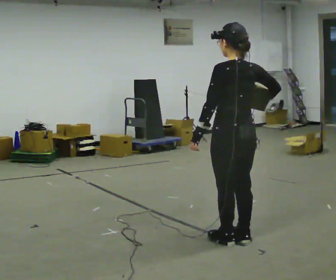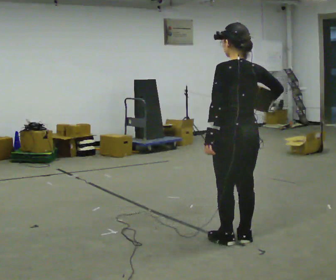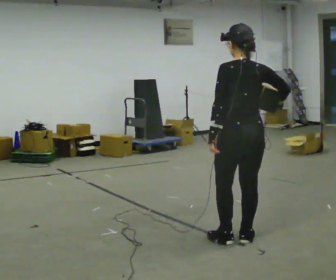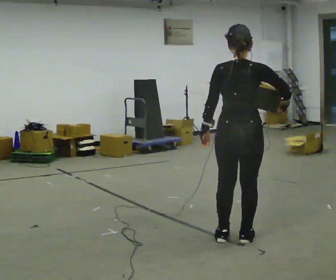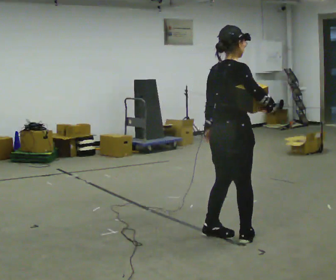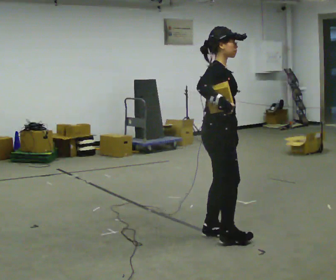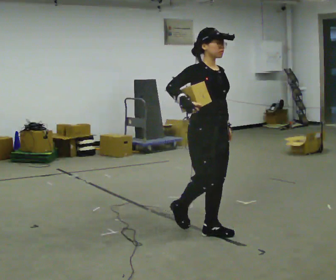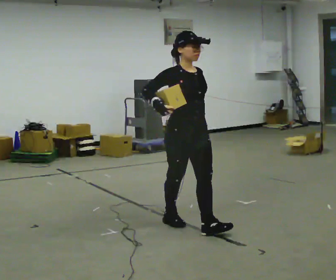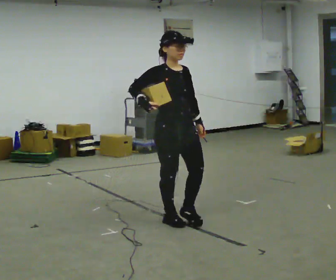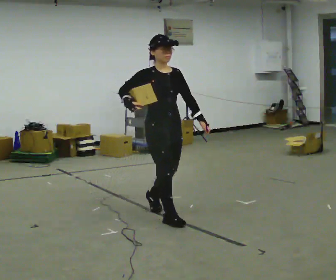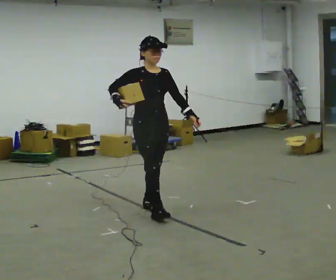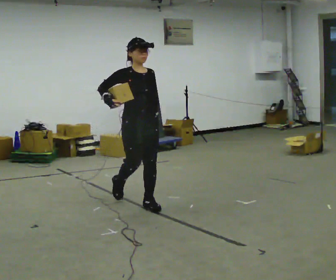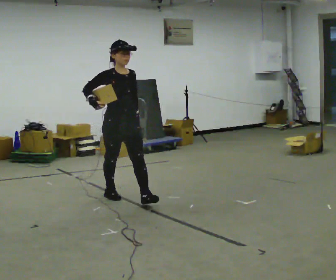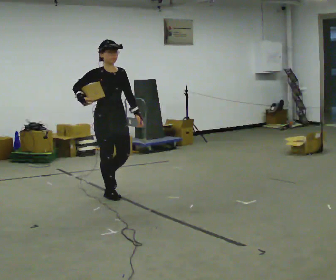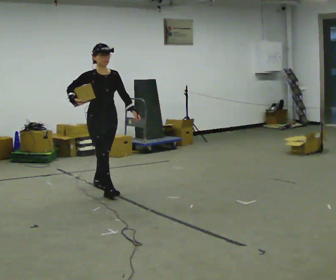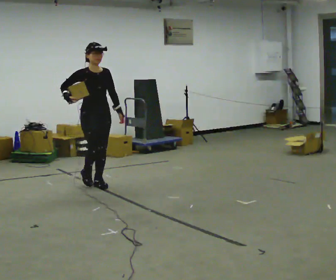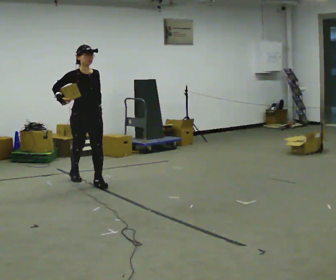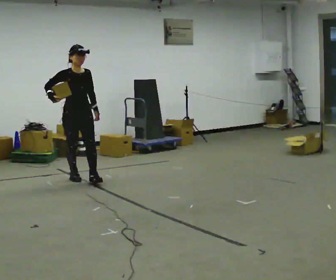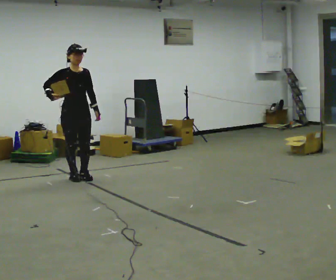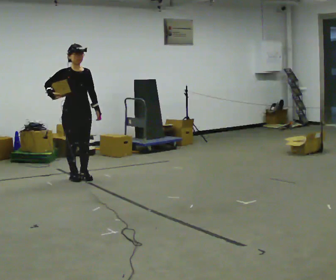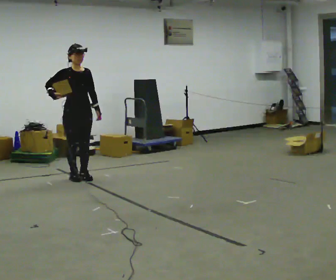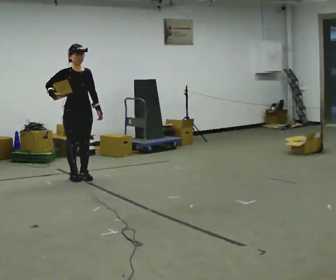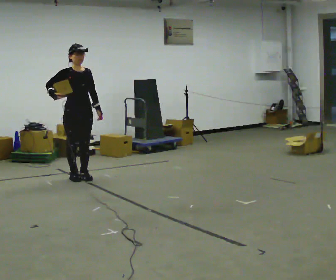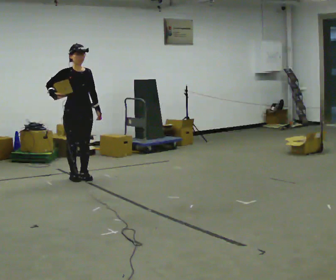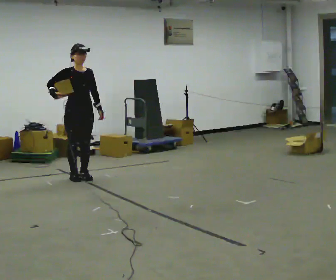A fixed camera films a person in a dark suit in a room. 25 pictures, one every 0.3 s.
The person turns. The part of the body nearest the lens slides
to the left.
The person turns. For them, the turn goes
to their right.
0.0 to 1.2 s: Seen from above the body turns clockwise, about 90 degrees: to their right, with its near side sliding to the left. In the picture they go away from the camera, about 0.25 m in 1 step.
1.2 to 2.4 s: The person turns about 90 degrees to their right, clockwise seen from above, so the part of the body nearest the lens slides to the left. In the picture they go to the left and away from the camera, about 0.5 m in 2 steps.
2.4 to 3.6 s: In the picture they go away from the camera and to the left, about 1 m in 2 steps, which for them is backward.
3.6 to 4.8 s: In the picture they go away from the camera and to the left, about 1 m in 1 step, which for them is backward.
4.8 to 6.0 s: In the picture they go away from the camera and to the left, about 0.25 m in 1 step, which for them is backward.
6.0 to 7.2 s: The person moves a little, or ends about where they began.
The film runs backward here.
